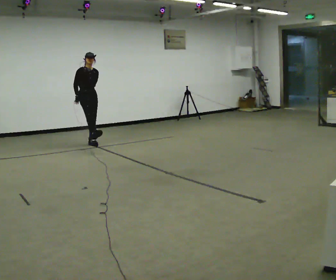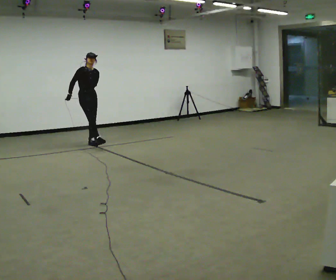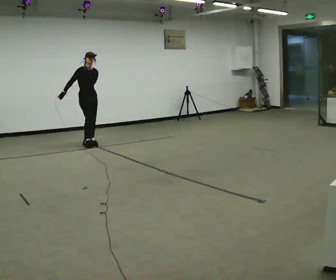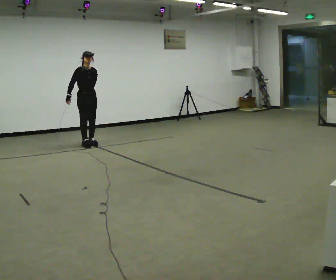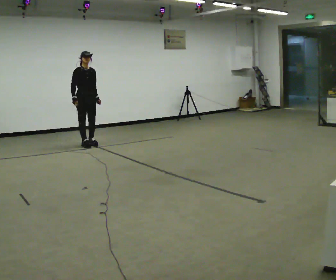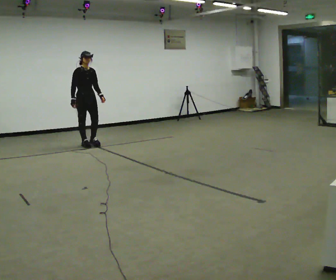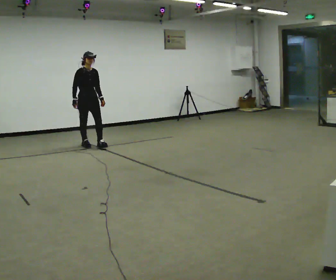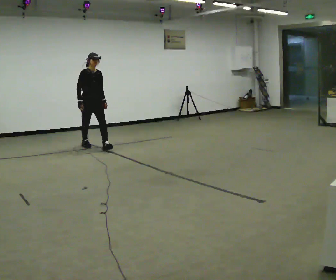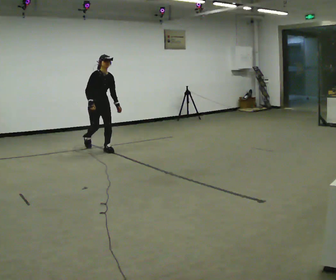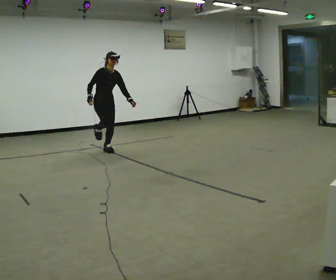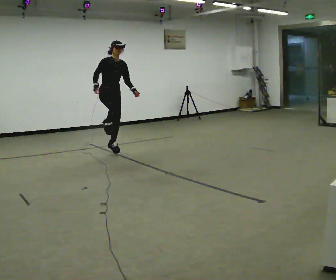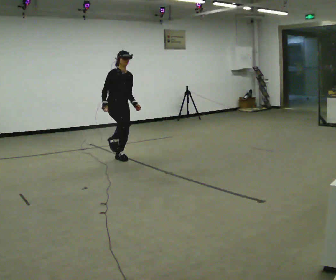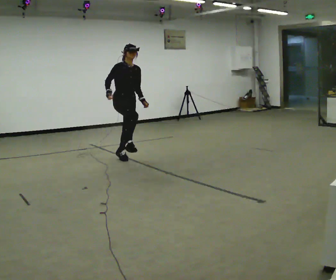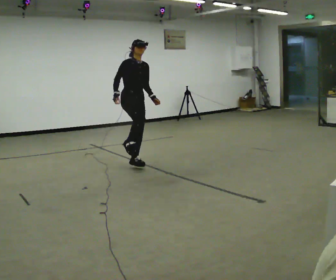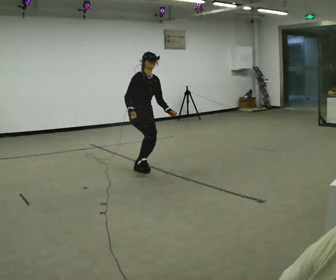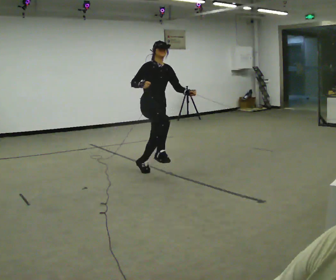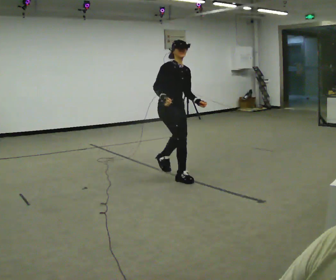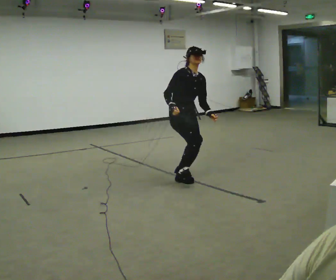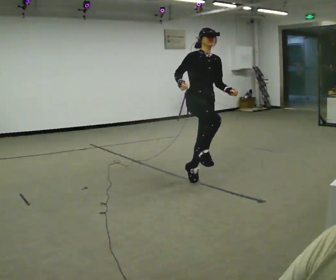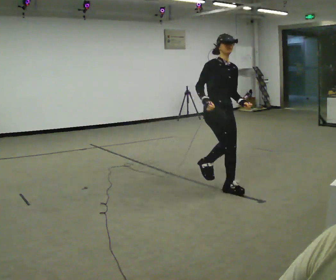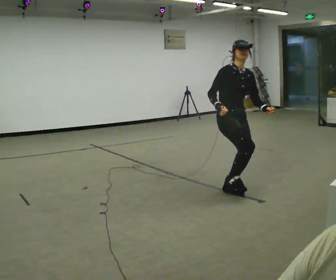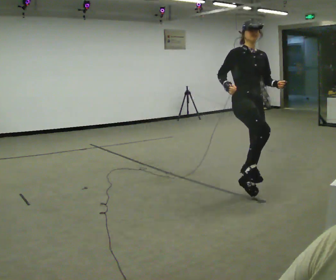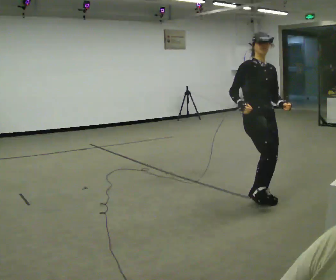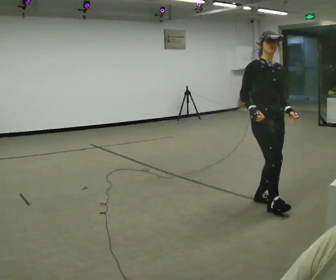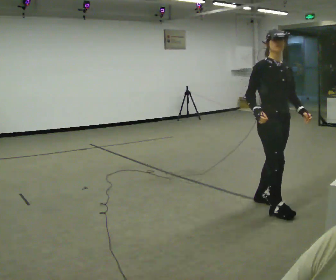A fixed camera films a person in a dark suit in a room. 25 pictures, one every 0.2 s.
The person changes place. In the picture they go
toward the camera.
0.0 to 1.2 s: In the picture they go toward the camera, about 0.25 m in 1 step, which for them is forward. In the picture their left hand goes to the right.
1.2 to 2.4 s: In the picture they go toward the camera and to the right, about 1.5 m in 2 steps, which for them is forward.
2.4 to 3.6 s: In the picture they go toward the camera and to the right, about 1.5 m in 3 steps, which for them is forward.
3.6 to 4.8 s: In the picture they go toward the camera and to the right, about 1 m in 4 steps, which for them is forward.
The film runs forward here.
